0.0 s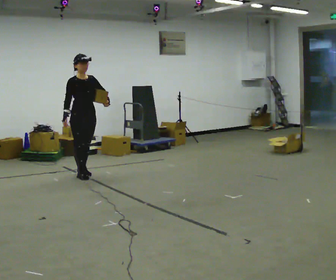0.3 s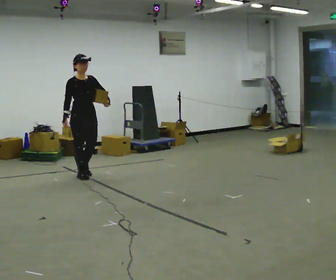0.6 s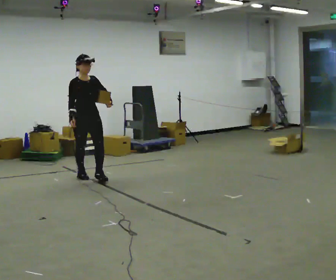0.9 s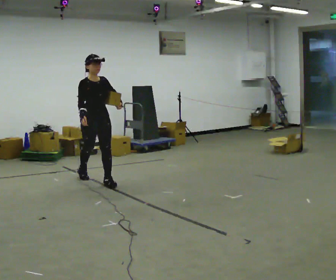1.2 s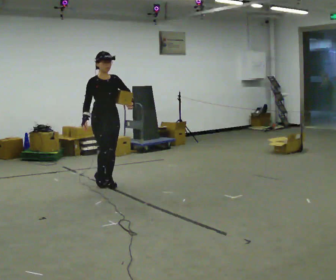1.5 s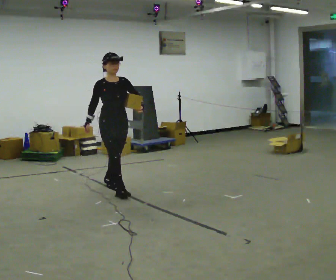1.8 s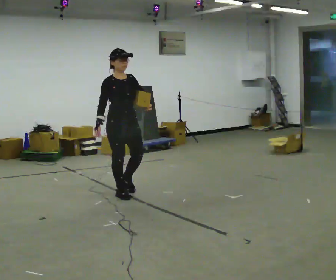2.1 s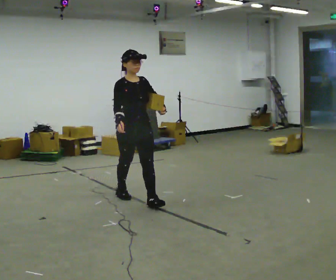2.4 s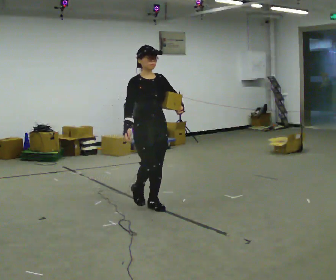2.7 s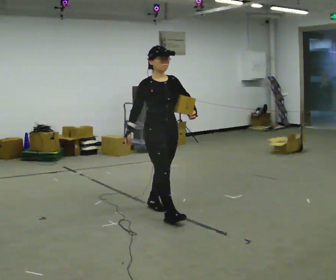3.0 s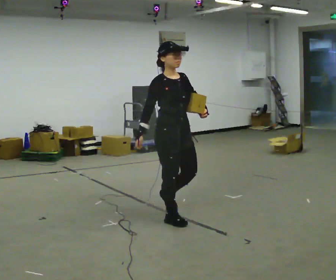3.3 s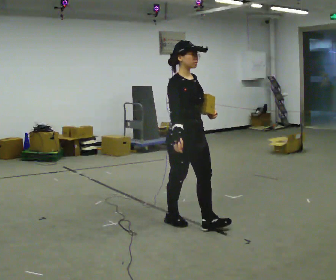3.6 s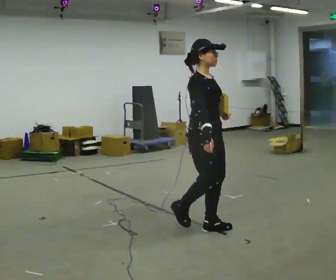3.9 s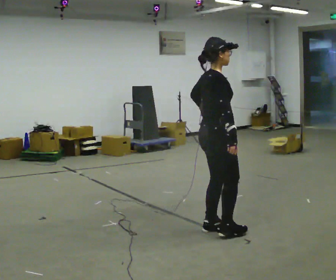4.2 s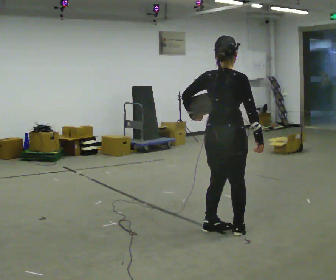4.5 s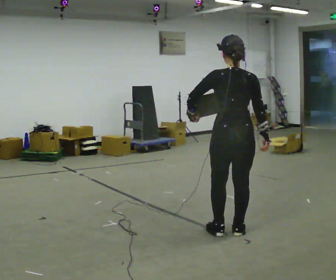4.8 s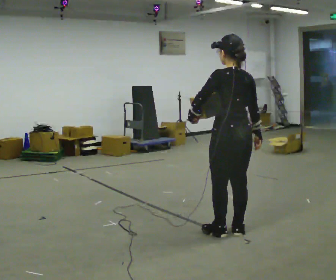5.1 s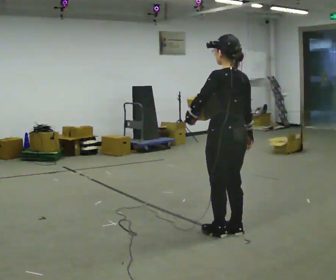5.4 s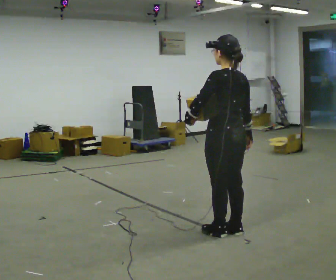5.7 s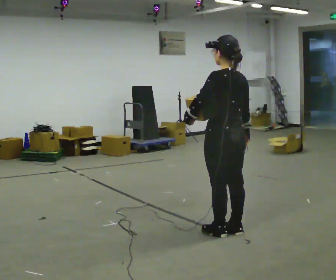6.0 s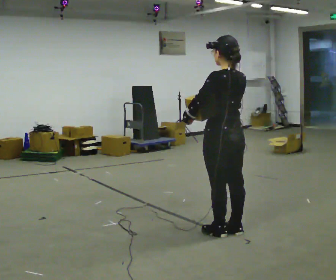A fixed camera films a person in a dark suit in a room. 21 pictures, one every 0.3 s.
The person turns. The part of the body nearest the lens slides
to the right.
The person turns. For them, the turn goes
to their left.
0.0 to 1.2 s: In the picture they go to the right and toward the camera, about 0.5 m in 1 step, which for them is forward.
1.2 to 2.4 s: In the picture they go to the right and toward the camera, about 1 m in 2 steps, which for them is forward.
2.4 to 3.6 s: The part of the body nearest the lens slides to the right as the person turns to their left by about 30 degrees. In the picture they go to the right and toward the camera, about 1 m in 2 steps, which for them is forward.
3.6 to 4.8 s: Seen from above the body turns counterclockwise, about 150 degrees: to their left, with its near side sliding to the right. In the picture they go to the right and toward the camera, about 0.25 m in 2 steps.
4.8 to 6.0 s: In the picture their right hand goes upward and to the left.
The film runs forward here.
